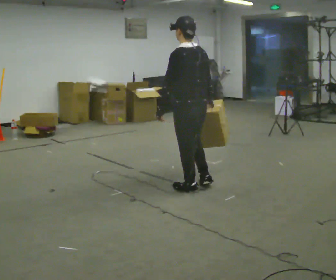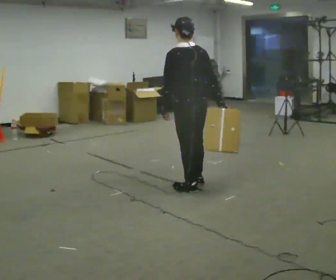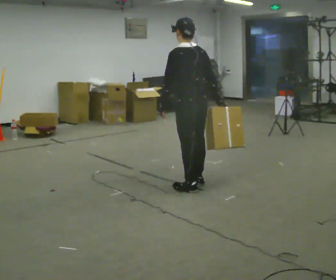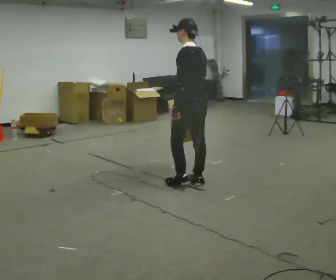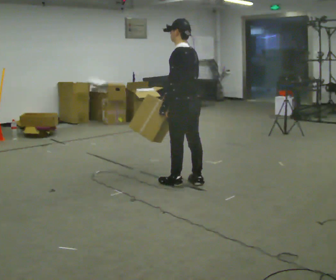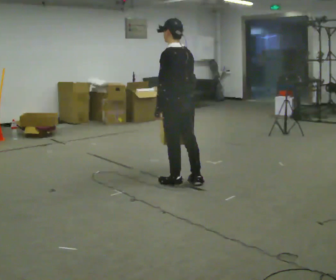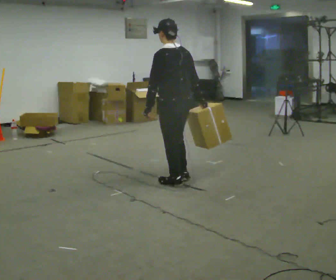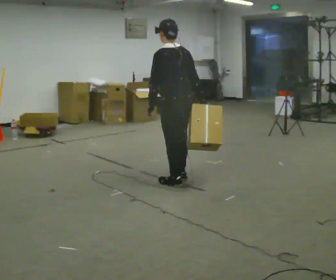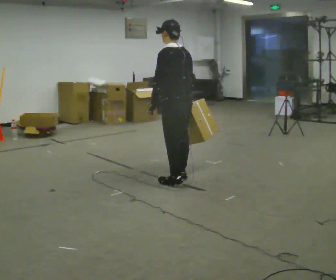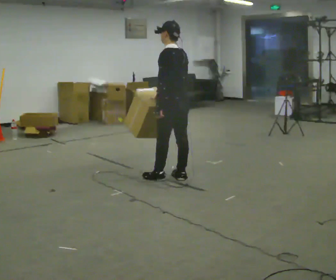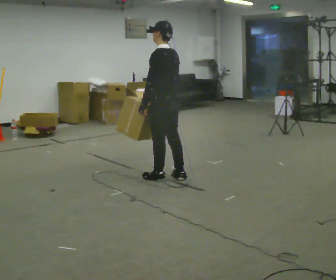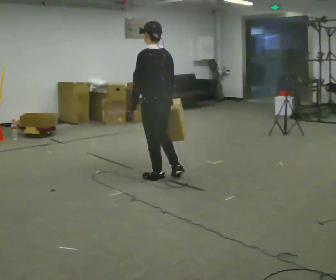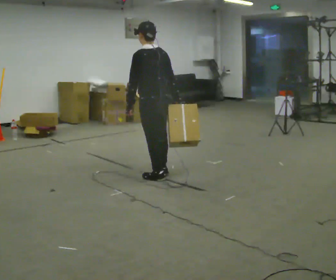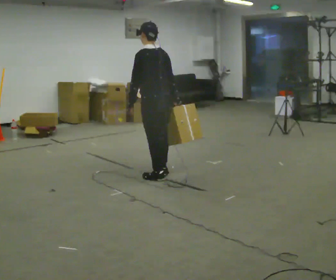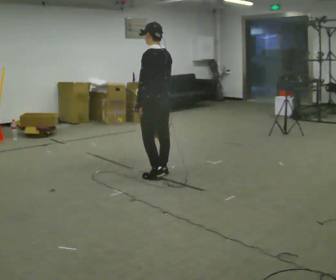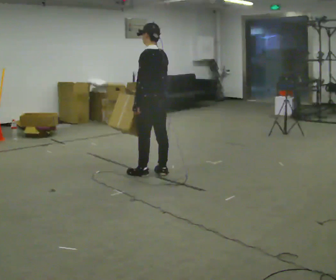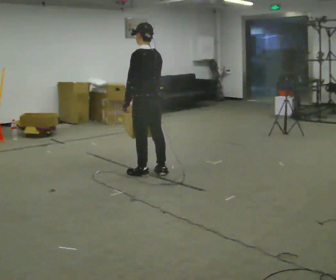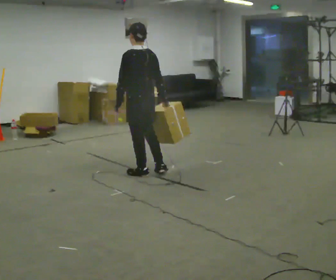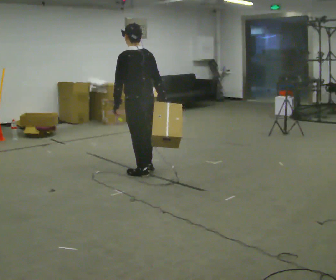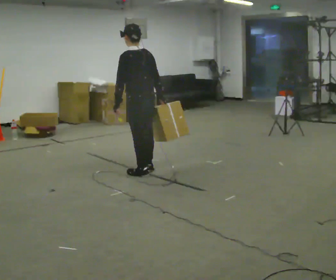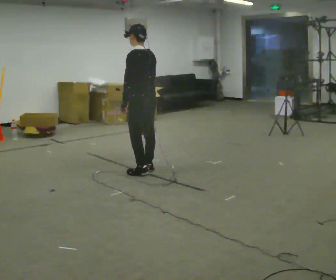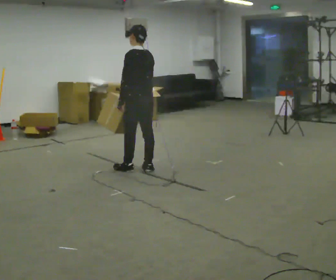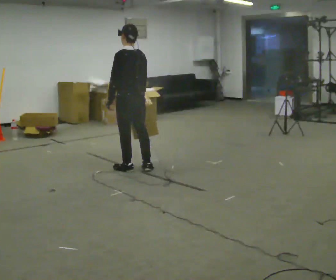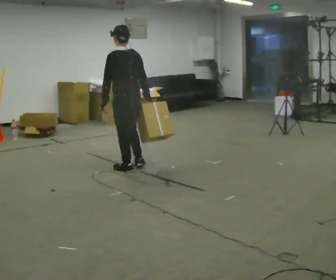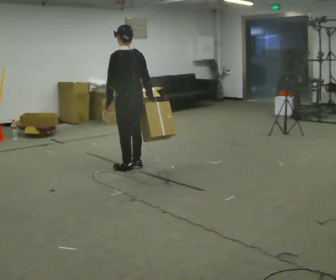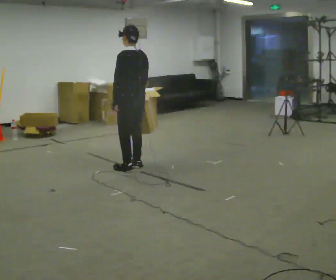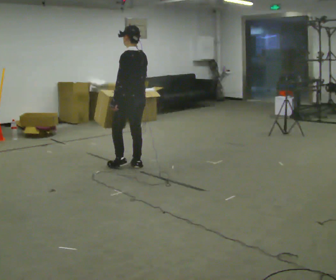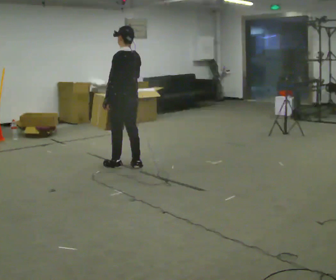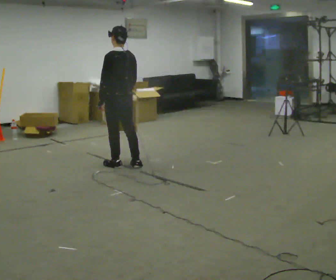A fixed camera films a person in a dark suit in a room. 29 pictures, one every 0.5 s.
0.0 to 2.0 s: In the picture they go away from the camera, about 0.25 m in 2 steps, which for them is forward. In the picture their right hand goes to the left.
2.0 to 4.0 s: The person moves a little, or ends about where they began.
4.0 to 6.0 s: In the picture they go to the left, about 0.25 m in 2 steps, which for them is forward.
6.0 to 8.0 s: In the picture they go away from the camera, about 0.25 m in 1 step, which for them is forward. In the picture their right hand goes to the left.
8.0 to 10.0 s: The person moves a little, or ends about where they began.
10.0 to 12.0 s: In the picture they go to the left, about 0.25 m in 2 steps, which for them is forward.
12.0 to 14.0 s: In the picture they go to the left, about 0.25 m in 1 step, which for them is forward.
The film runs forward here.
